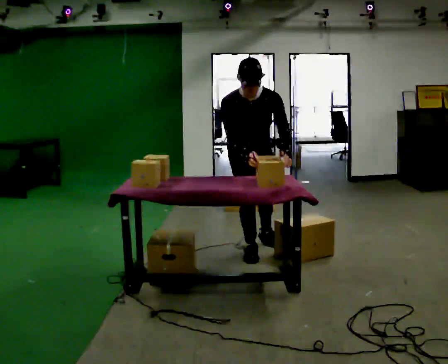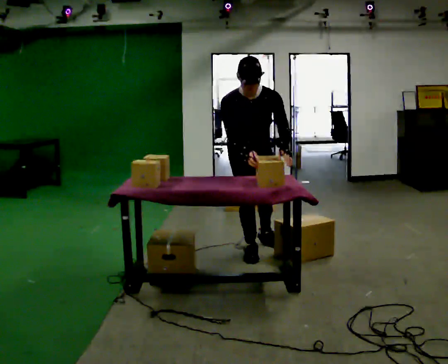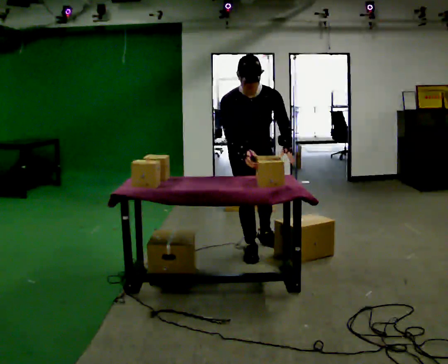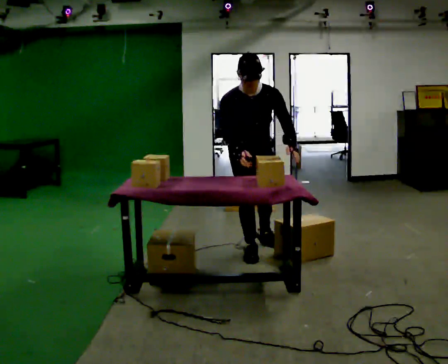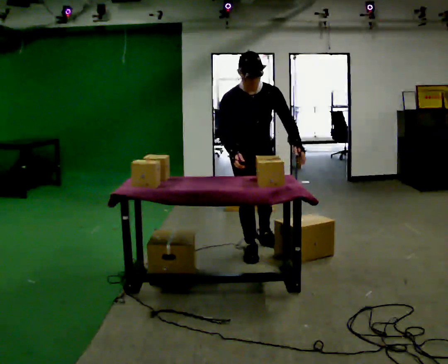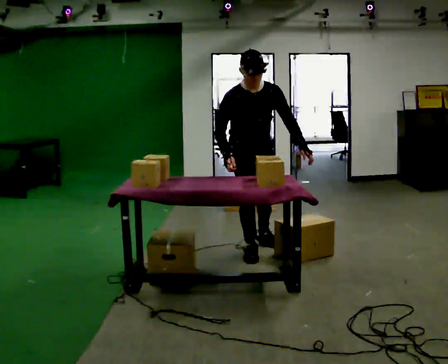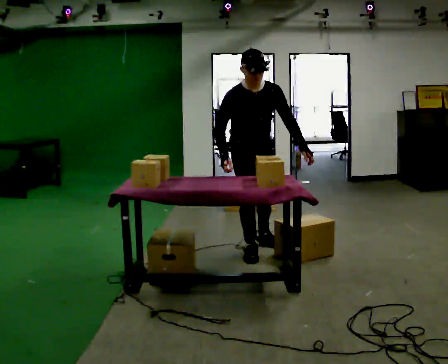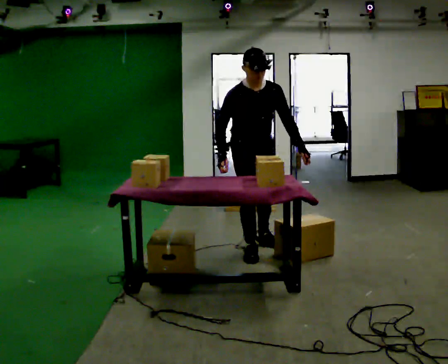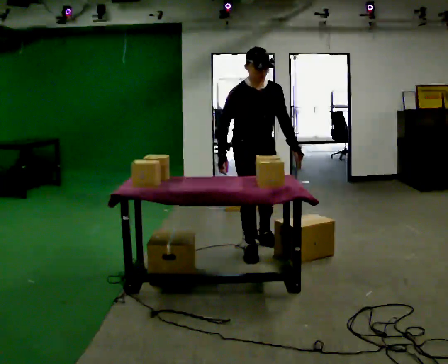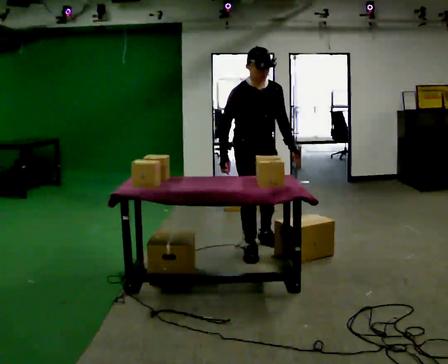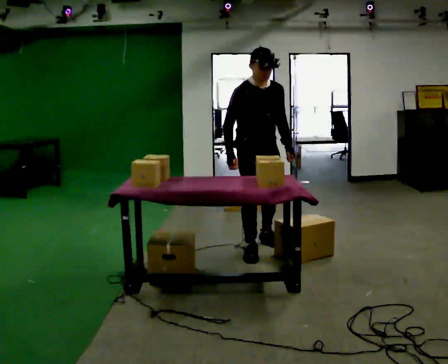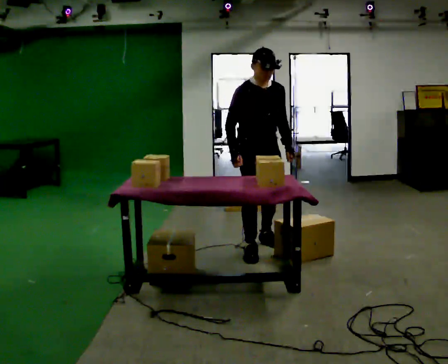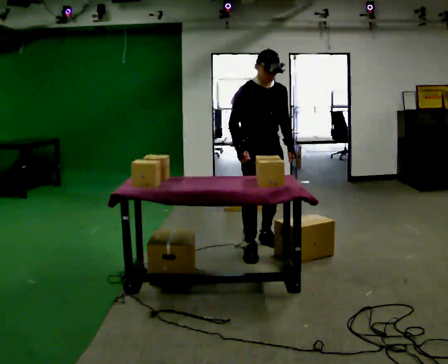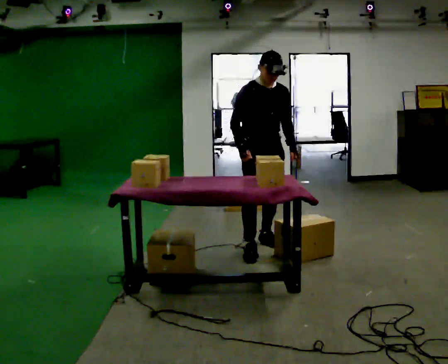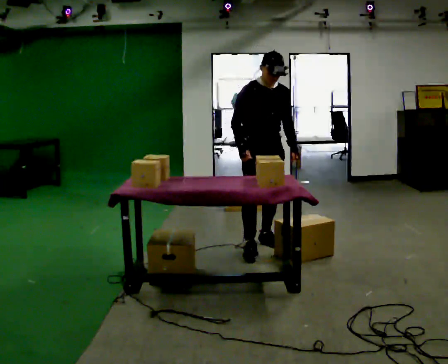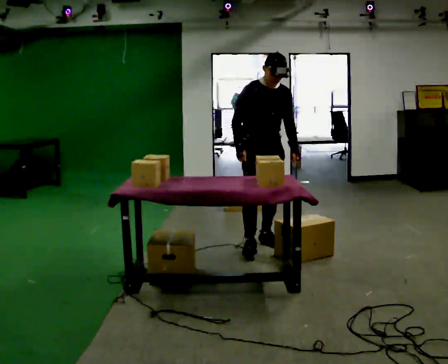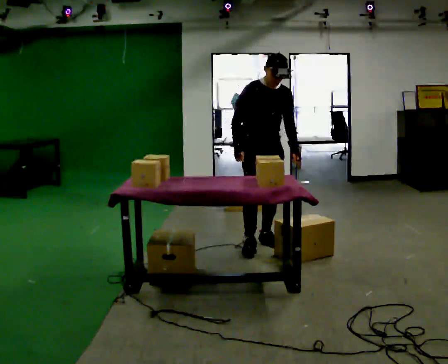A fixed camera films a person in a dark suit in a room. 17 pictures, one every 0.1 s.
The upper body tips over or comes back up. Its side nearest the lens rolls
upward.
0.0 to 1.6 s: In the picture they go away from the camera, about 0.25 m, which for them is to their left and backward. The upper body tips away from the camera, its near side rolling upward, as they lean back or straighten.
The film runs forward here.
